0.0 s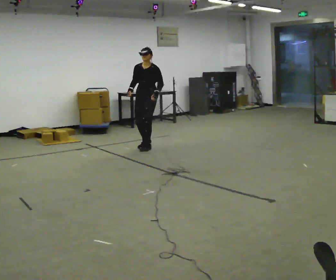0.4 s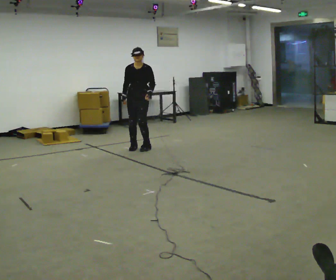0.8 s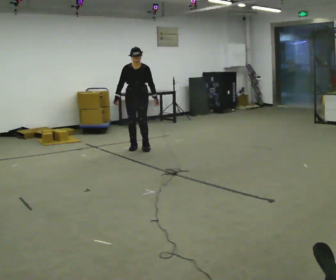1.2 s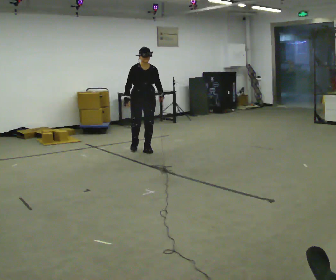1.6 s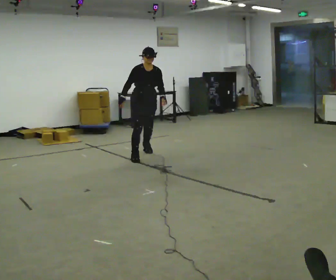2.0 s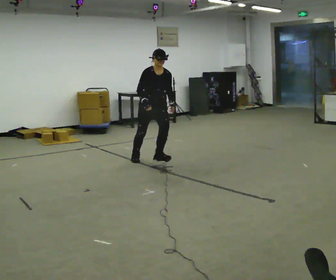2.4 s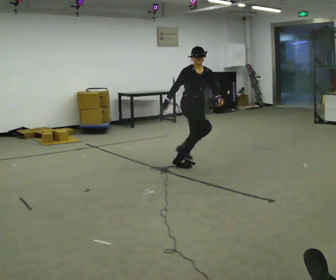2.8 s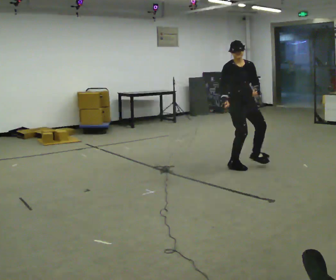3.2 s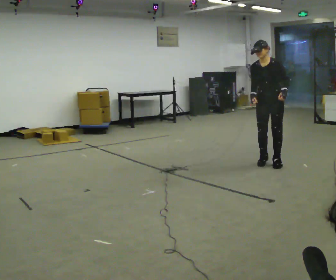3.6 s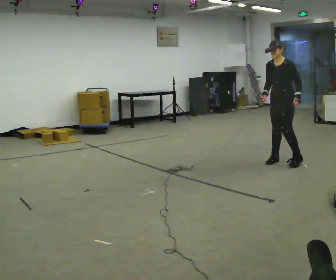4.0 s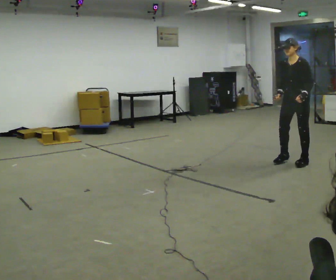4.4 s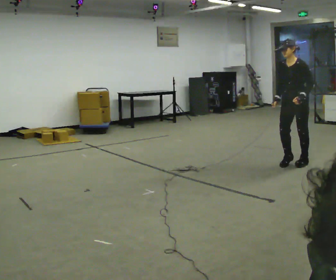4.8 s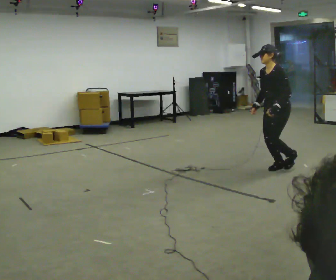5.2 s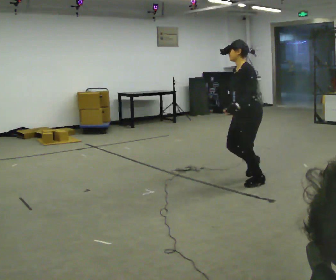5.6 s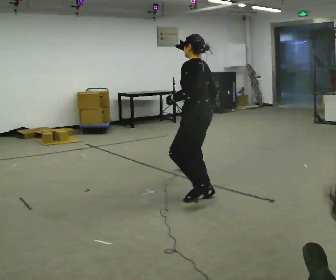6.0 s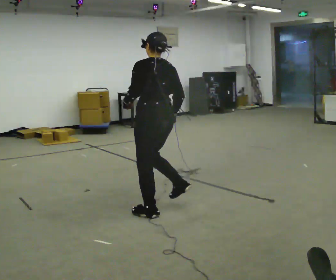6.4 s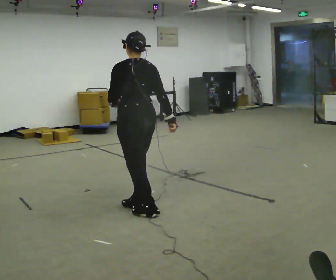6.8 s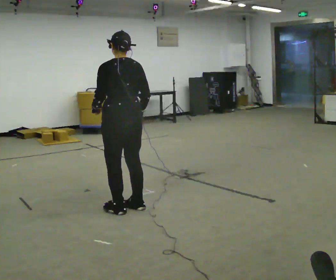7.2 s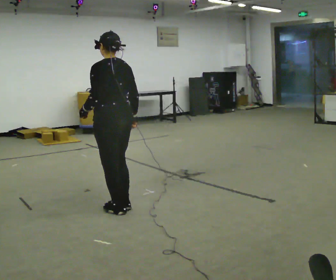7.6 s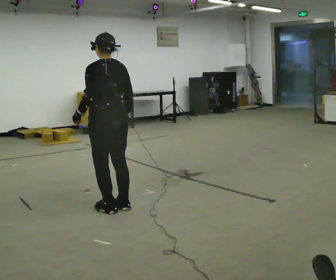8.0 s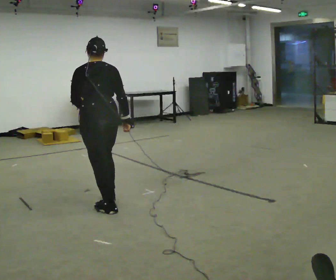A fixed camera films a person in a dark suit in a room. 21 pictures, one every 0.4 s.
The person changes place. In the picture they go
toward the camera.
0.0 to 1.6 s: The part of the body nearest the lens slides to the right as the person turns to their left by about 45 degrees. In the picture they go toward the camera, about 0.5 m in 2 steps, which for them is forward.
1.6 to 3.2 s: The person turns about 60 degrees to their right, clockwise seen from above, so the part of the body nearest the lens slides to the left. In the picture they go to the right, about 2 m in 3 steps.
3.2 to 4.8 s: The person turns about 30 degrees to their right, clockwise seen from above, so the part of the body nearest the lens slides to the left. In the picture they go toward the camera, about 0.5 m in 3 steps, which for them is forward and to their left.
4.8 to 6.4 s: The part of the body nearest the lens slides to the left as the person turns to their right by about 75 degrees. In the picture they go toward the camera and to the left, about 2 m in 4 steps.
6.4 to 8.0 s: In the picture they go to the left, about 0.5 m in 1 step, which for them is forward.
The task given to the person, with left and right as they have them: Move around the room freely as if avoiding someone: change speed and direction whenever you like. Keep moving until the operator says stop.
The film runs forward here.
